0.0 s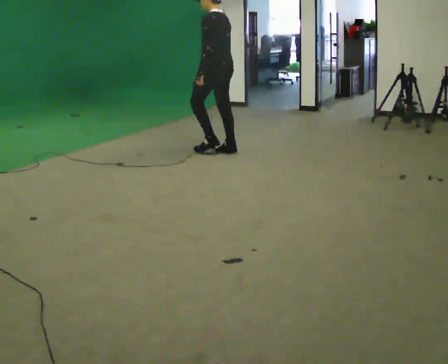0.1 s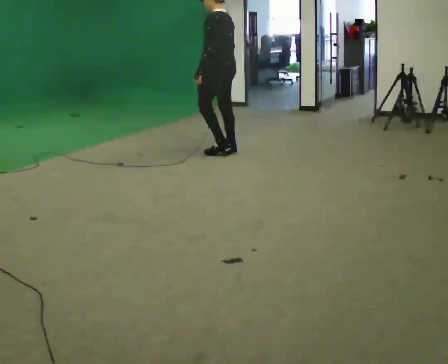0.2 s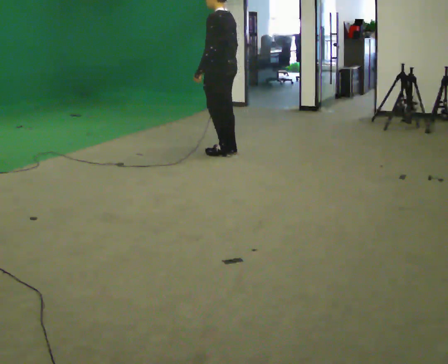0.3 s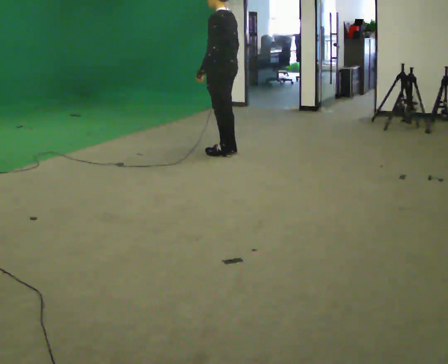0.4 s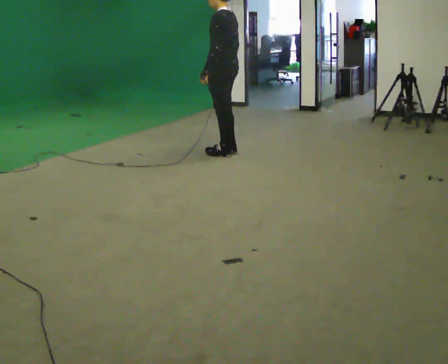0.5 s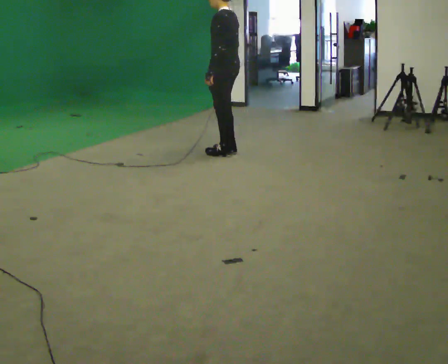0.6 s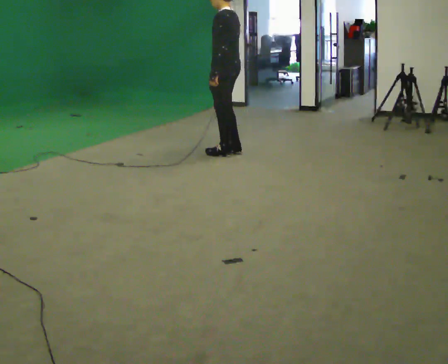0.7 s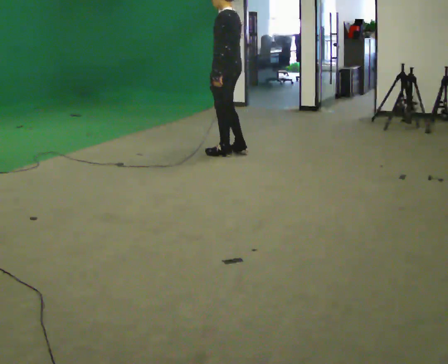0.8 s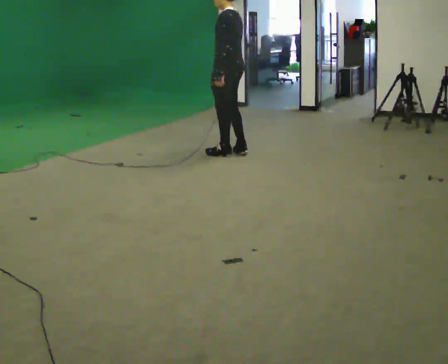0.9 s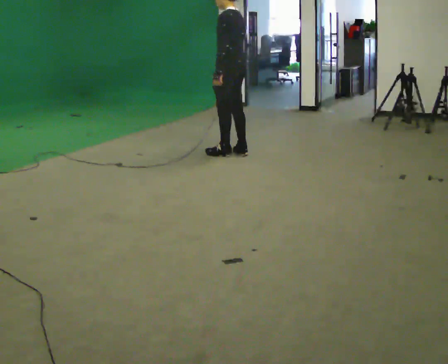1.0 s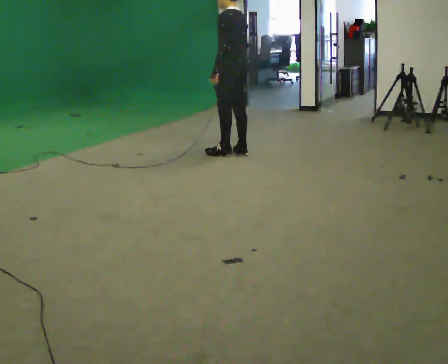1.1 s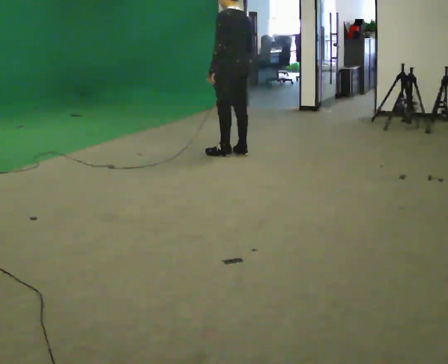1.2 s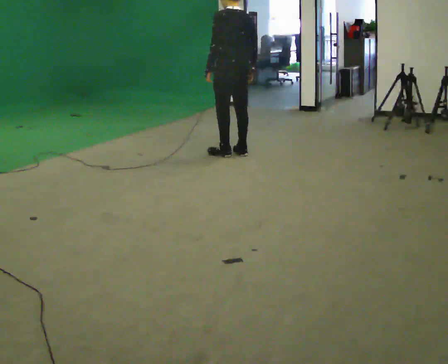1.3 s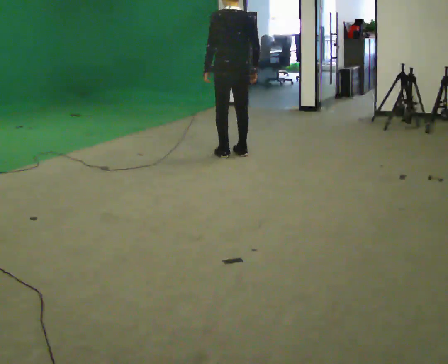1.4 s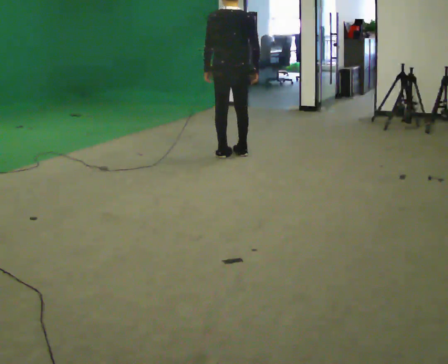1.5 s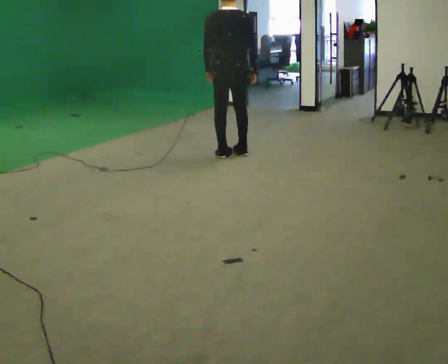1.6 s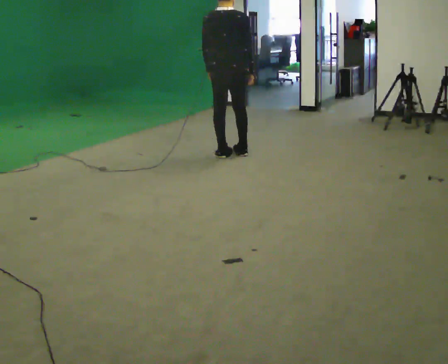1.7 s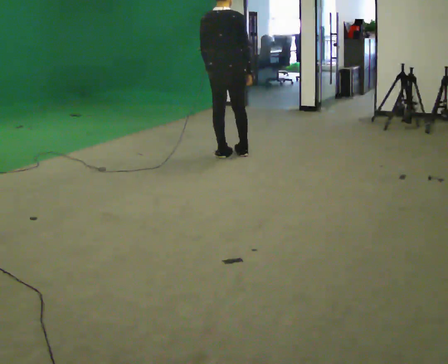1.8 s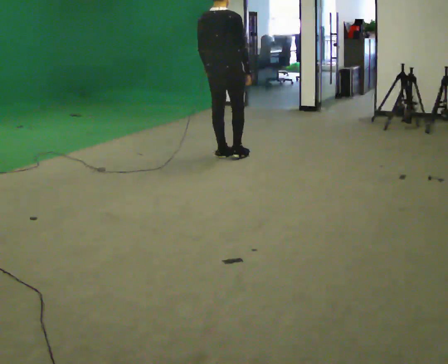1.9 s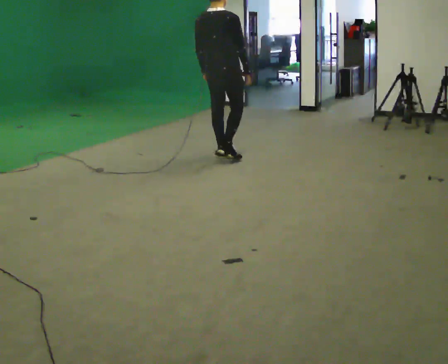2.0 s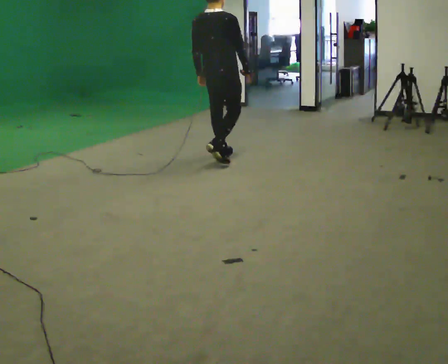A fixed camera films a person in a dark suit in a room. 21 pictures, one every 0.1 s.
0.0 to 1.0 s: In the picture they go to the right, about 0.25 m, which for them is backward.
1.0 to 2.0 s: Seen from above the body turns clockwise, about 90 degrees: to their right, with its near side sliding to the left. In the picture they go toward the camera, about 0.25 m in 1 step.
The film runs backward here.
